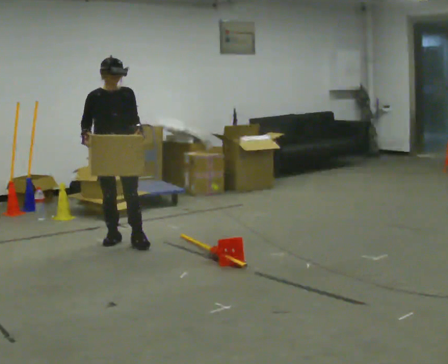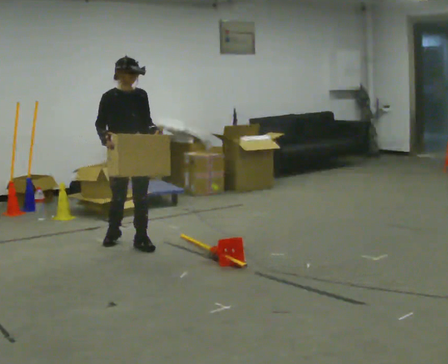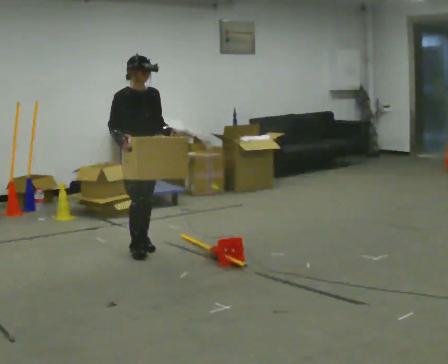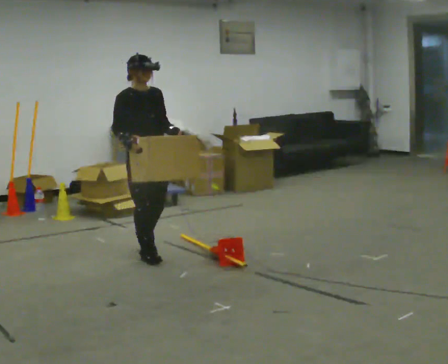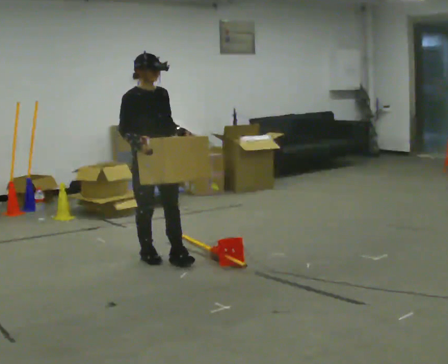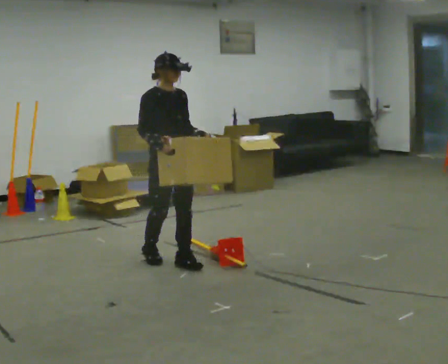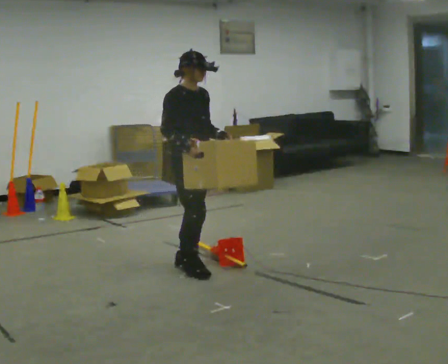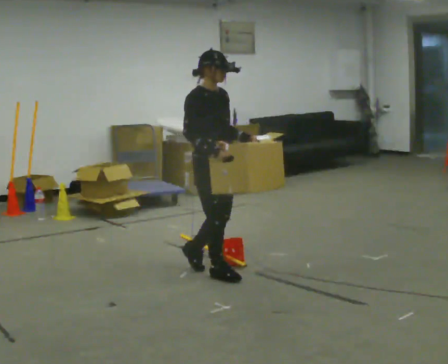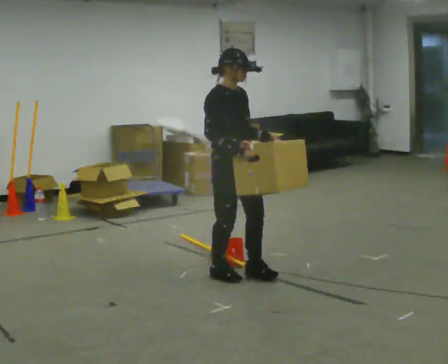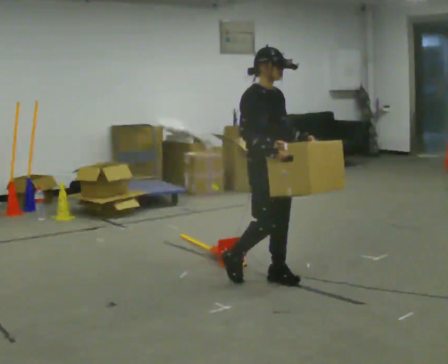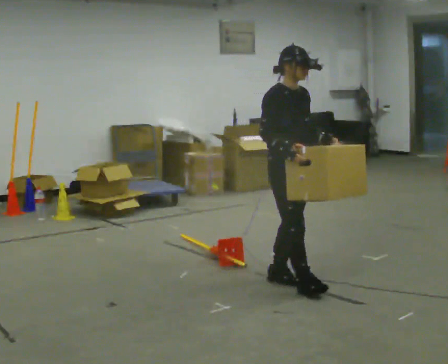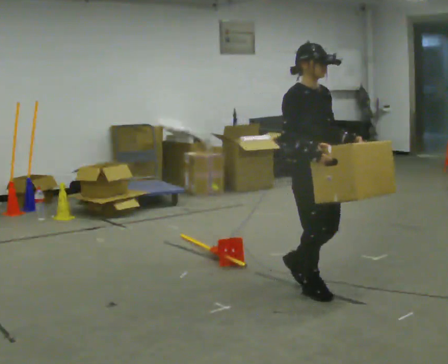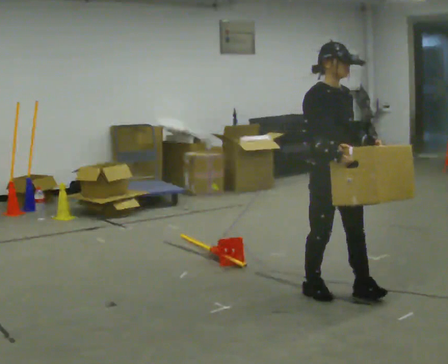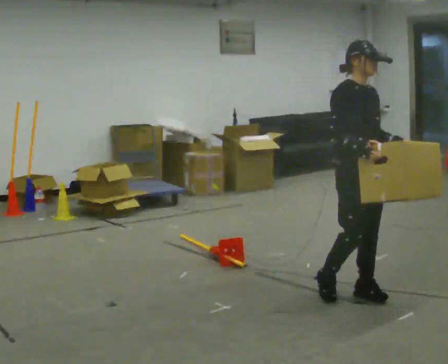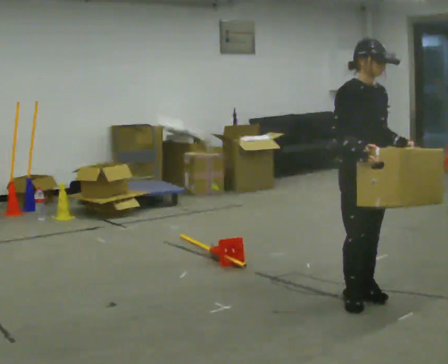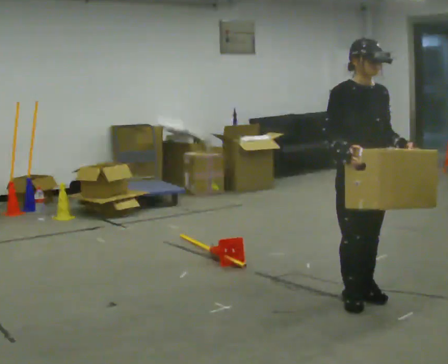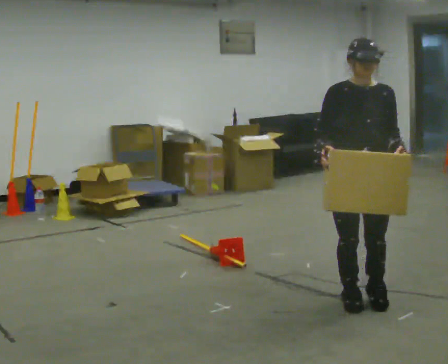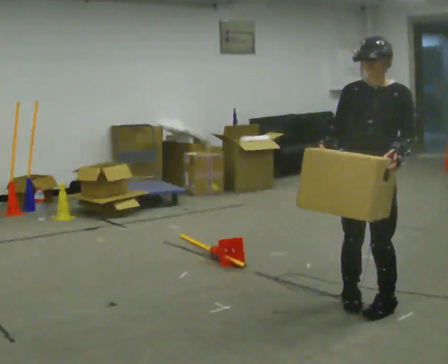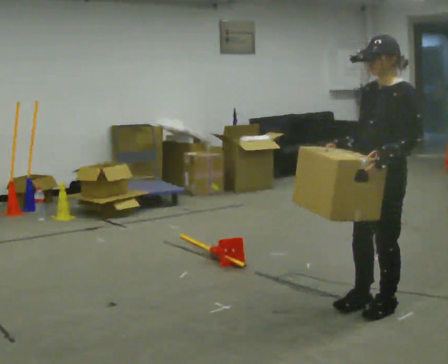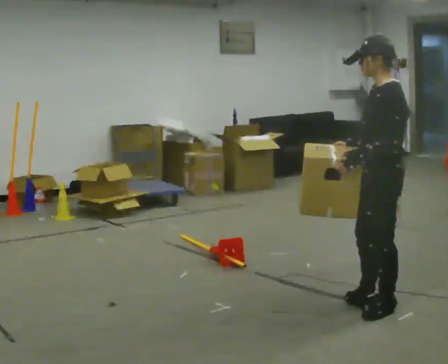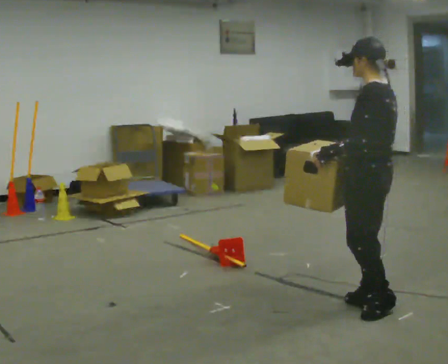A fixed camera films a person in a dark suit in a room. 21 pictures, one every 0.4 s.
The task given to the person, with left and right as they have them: Walk toward obstacle; alter path to avoid it; continue toward original destination.
0.0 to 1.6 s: The person turns about 30 degrees to their left, counterclockwise seen from above, so the part of the body nearest the lens slides to the right. In the picture they go toward the camera and to the right, about 0.75 m in 2 steps, which for them is forward.
1.6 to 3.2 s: In the picture they go to the right and toward the camera, about 0.5 m in 2 steps, which for them is forward.
3.2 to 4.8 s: In the picture they go to the right and toward the camera, about 0.5 m in 2 steps, which for them is forward.
4.8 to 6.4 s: The person turns about 45 degrees to their right, clockwise seen from above, so the part of the body nearest the lens slides to the left. In the picture they go toward the camera, about 0.25 m in 2 steps, which for them is forward.
6.4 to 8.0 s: Seen from above the body turns clockwise, about 120 degrees: to their right, with its near side sliding to the left.
The film runs forward here.
